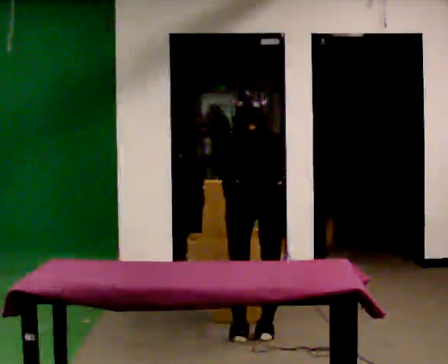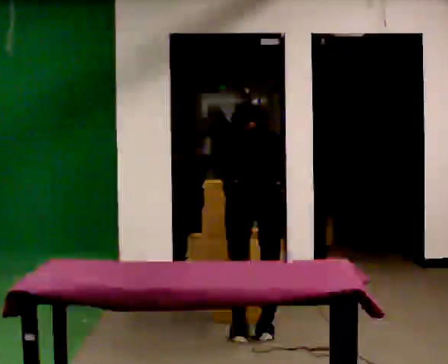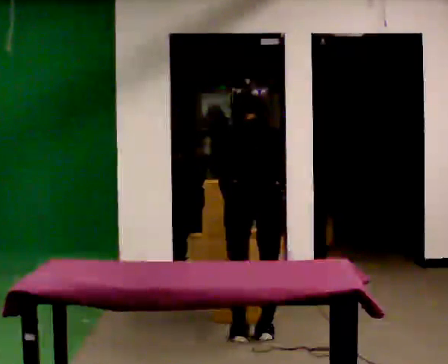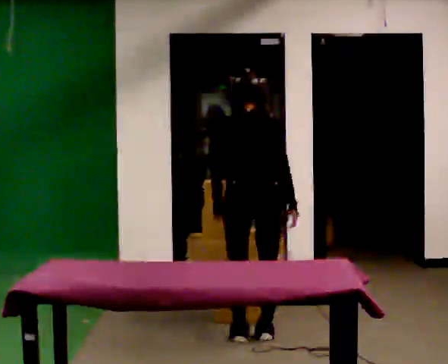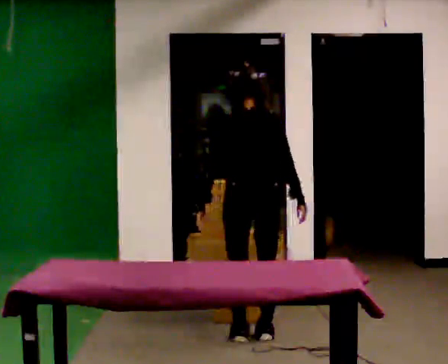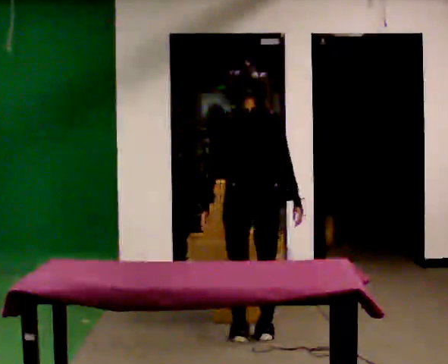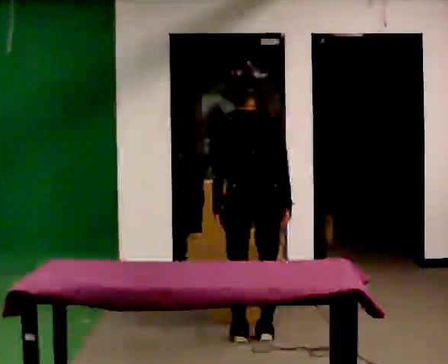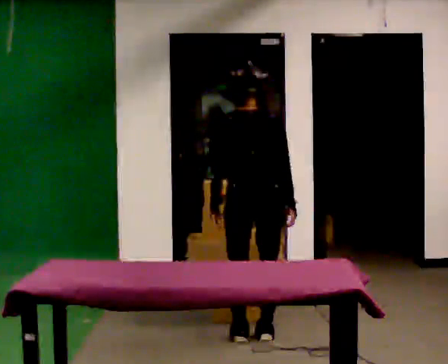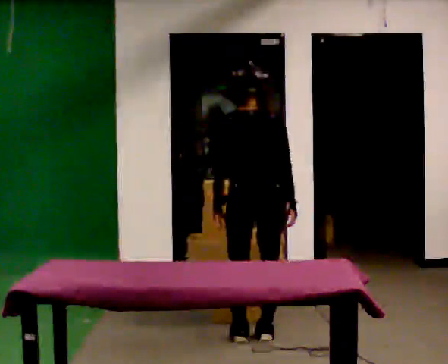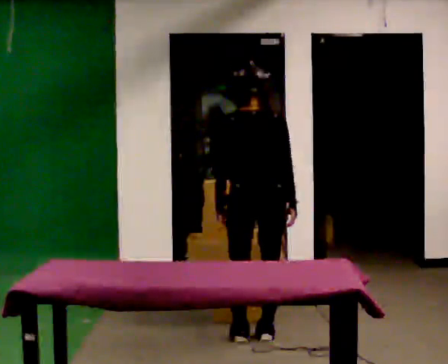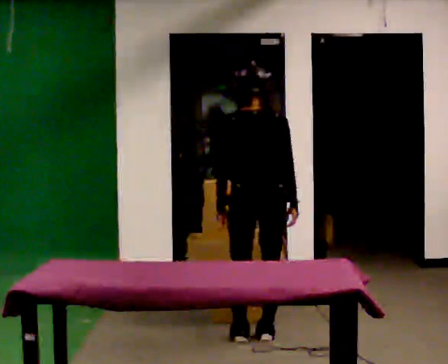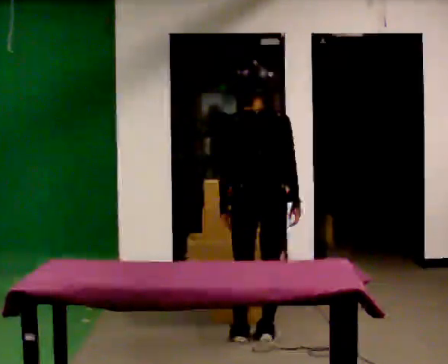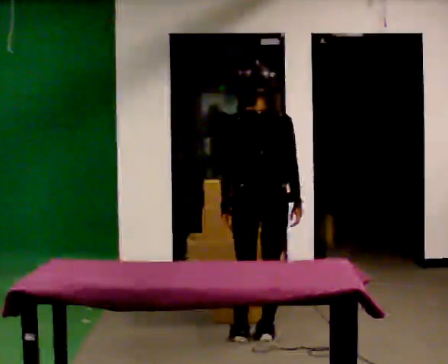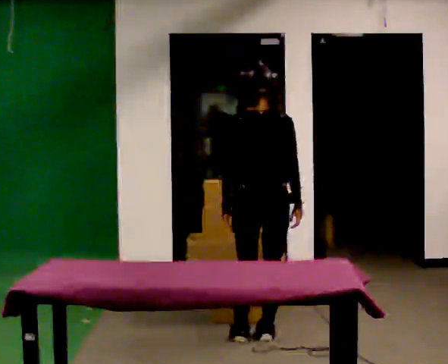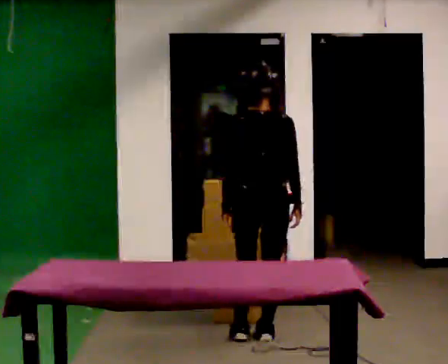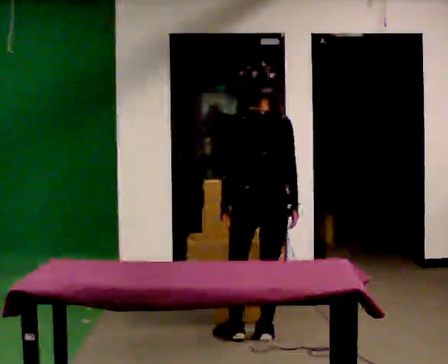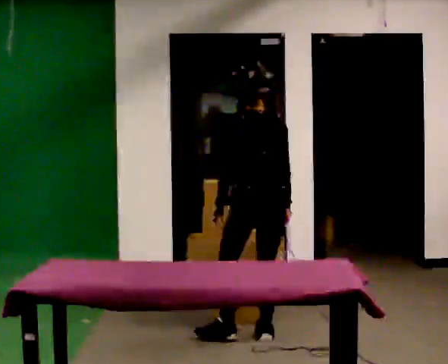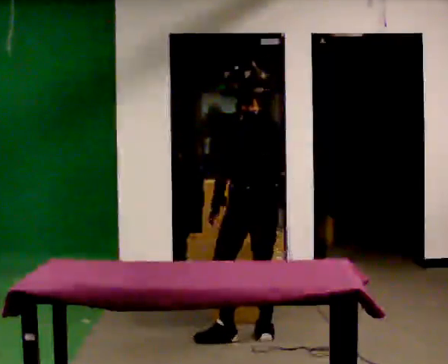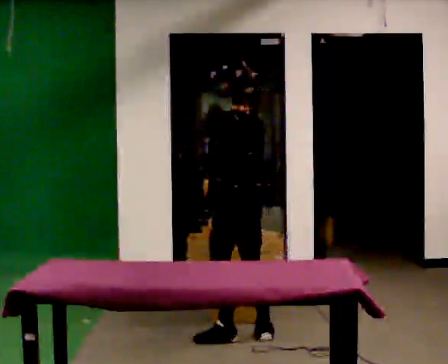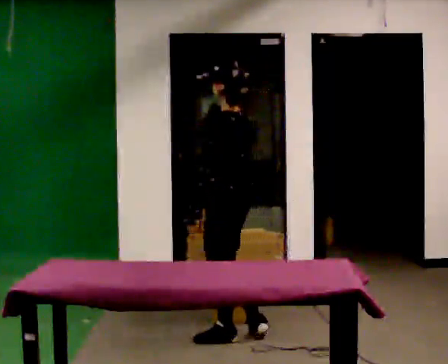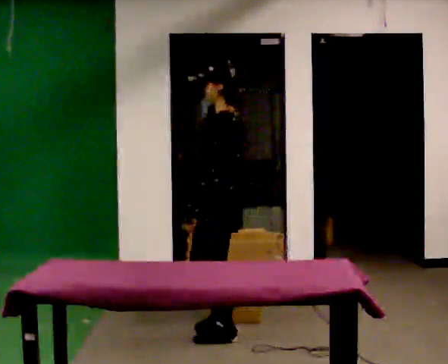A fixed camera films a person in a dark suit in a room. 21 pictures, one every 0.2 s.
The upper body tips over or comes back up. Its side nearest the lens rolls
downward.
The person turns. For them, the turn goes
to their left.
0.0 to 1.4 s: The shoulders move upward. The upper body tips toward the camera, its near side rolling downward, as they lean back or straighten.
1.4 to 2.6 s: The person moves a little, or ends about where they began.
2.6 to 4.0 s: Seen from above the body turns counterclockwise, about 90 degrees: to their left, with its near side sliding to the right. In the picture they go to the left, about 0.25 m. In the picture their right hand goes to the left.
The film runs forward here.
